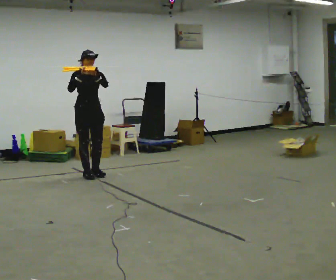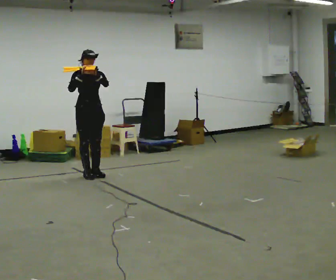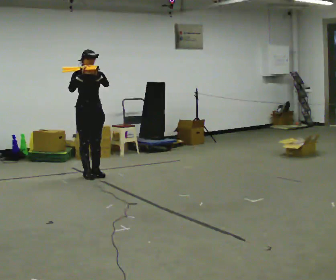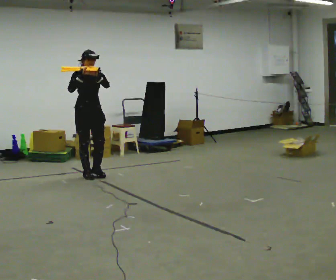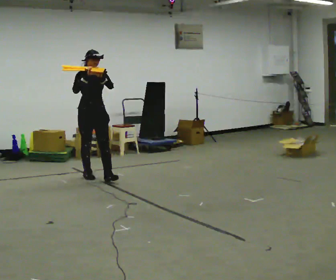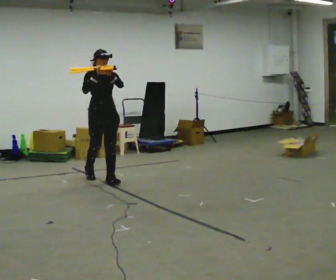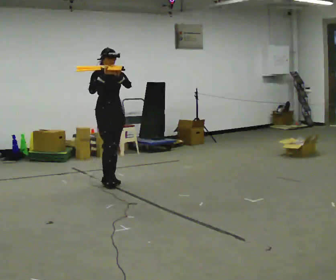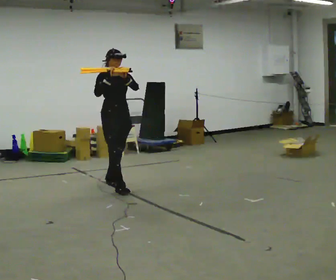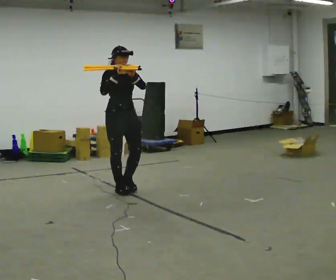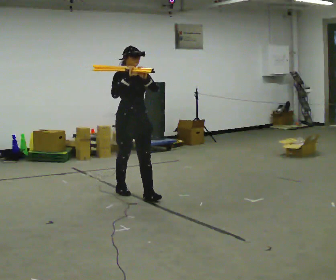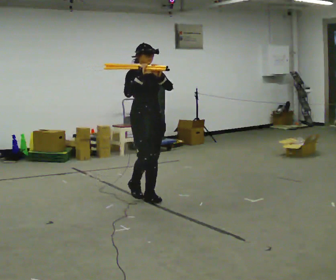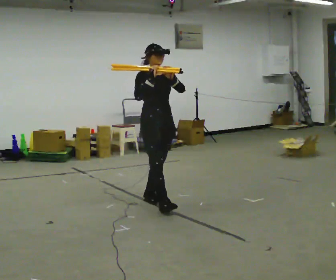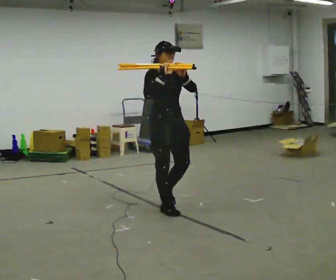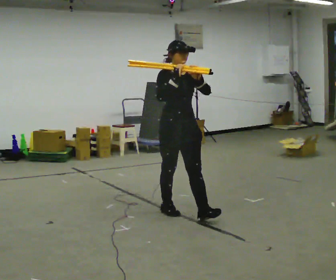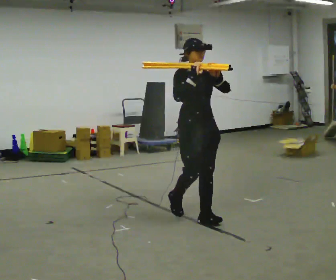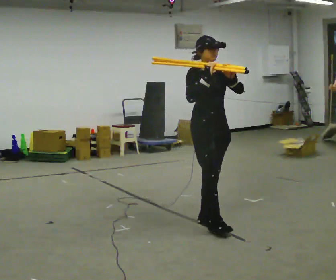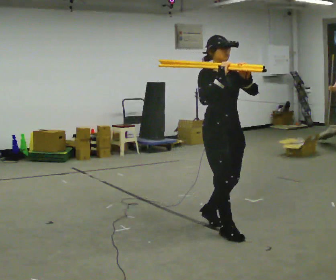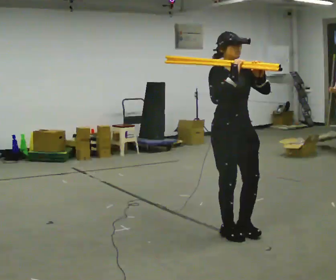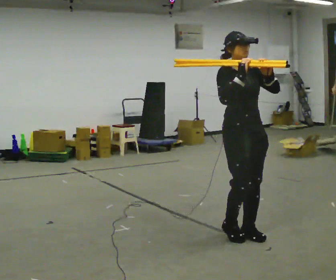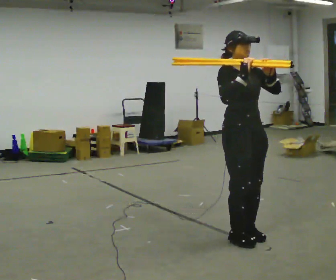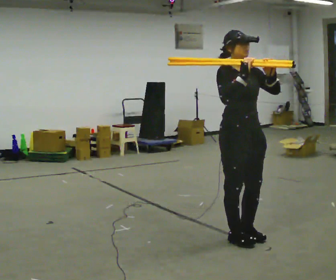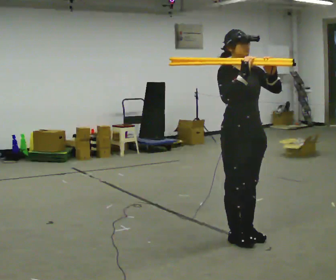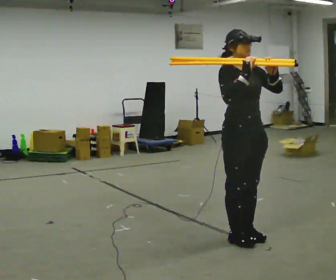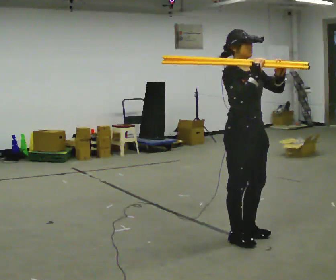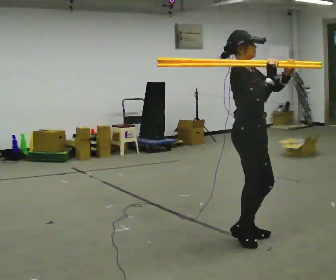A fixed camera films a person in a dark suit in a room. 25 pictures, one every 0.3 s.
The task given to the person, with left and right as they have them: Rest the long object on the shoulder the operator calls and carry it across the room, back and forth.
0.0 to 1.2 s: The person moves a little, or ends about where they began.
1.2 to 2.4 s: In the picture they go toward the camera and to the right, about 1 m in 2 steps, which for them is forward.
2.4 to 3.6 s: In the picture they go toward the camera and to the right, about 1 m in 2 steps, which for them is forward.
3.6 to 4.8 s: In the picture they go toward the camera and to the right, about 1 m in 2 steps, which for them is forward.
4.8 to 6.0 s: In the picture they go toward the camera, about 0.25 m in 2 steps, which for them is forward.
6.0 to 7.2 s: Seen from above the body turns counterclockwise, about 45 degrees: to their left, with its near side sliding to the right.
The film runs forward here.
